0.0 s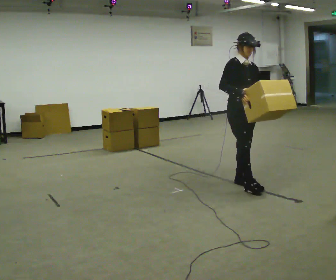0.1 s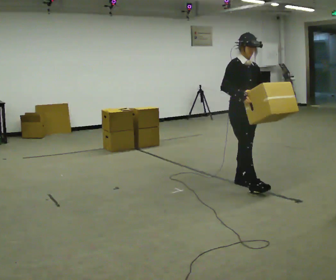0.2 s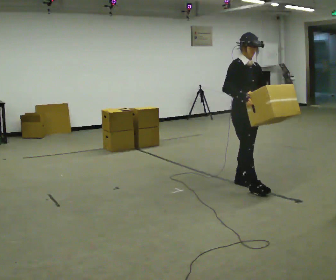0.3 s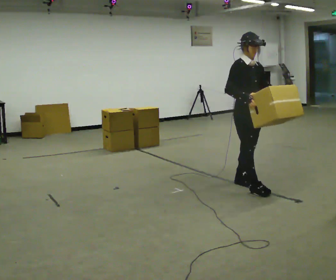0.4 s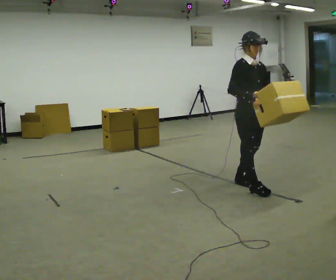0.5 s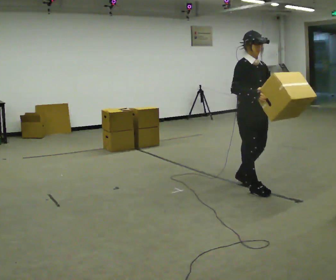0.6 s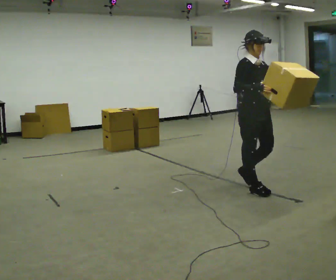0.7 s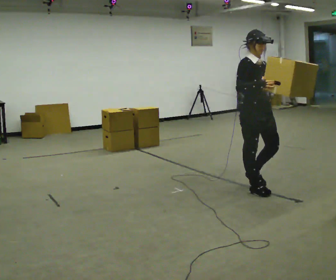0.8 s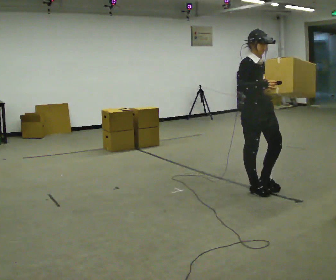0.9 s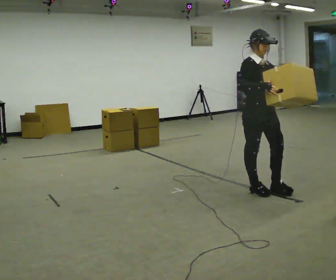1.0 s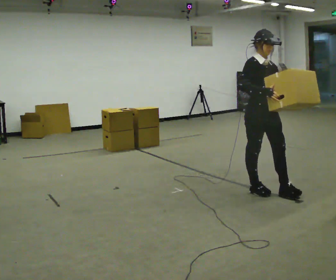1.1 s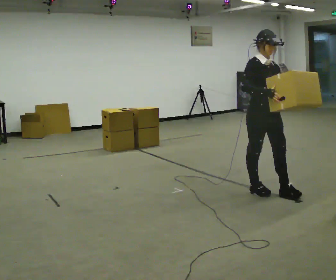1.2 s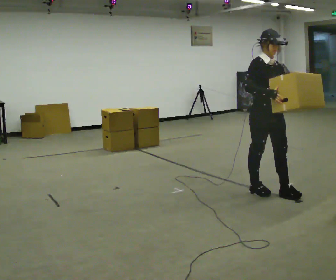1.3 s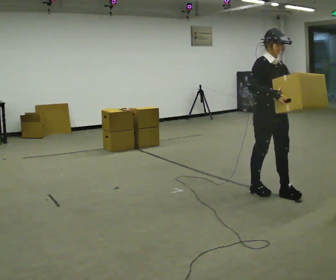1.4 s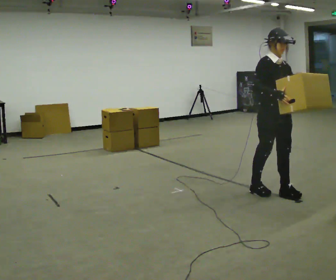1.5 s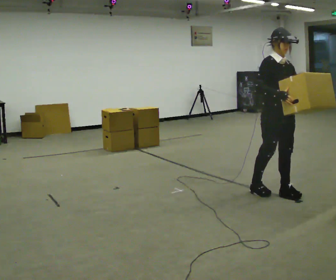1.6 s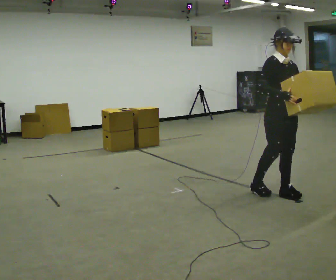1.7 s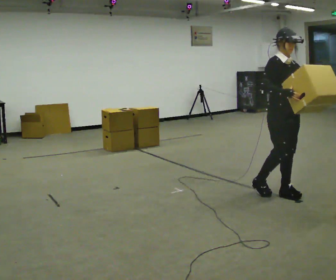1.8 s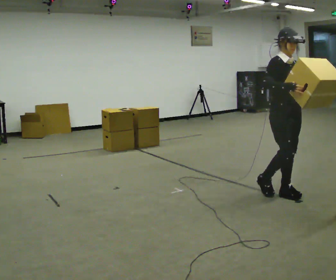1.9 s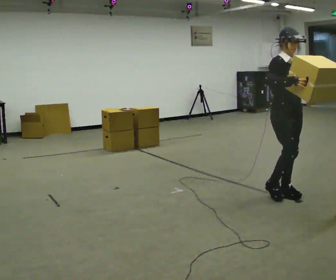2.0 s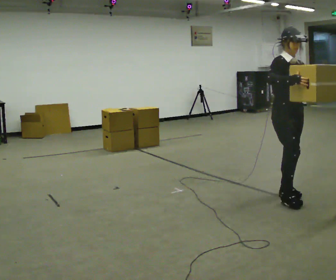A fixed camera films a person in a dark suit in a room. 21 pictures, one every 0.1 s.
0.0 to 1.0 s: In the picture they go toward the camera and to the right, about 0.25 m in 2 steps, which for them is forward.
1.0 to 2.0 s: In the picture they go to the right, about 0.25 m, which for them is forward and to their left.
The film runs forward here.
